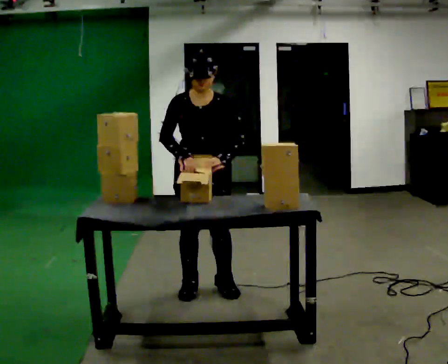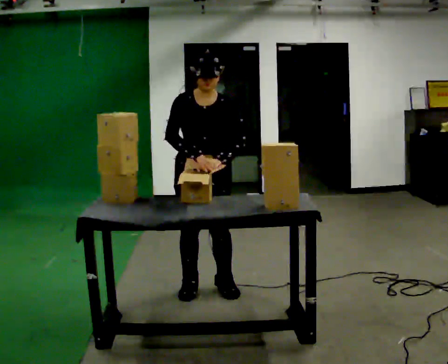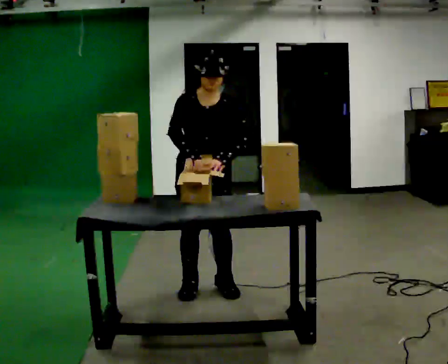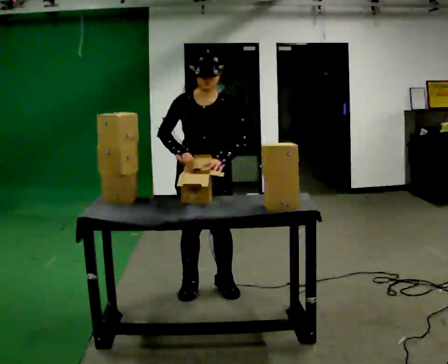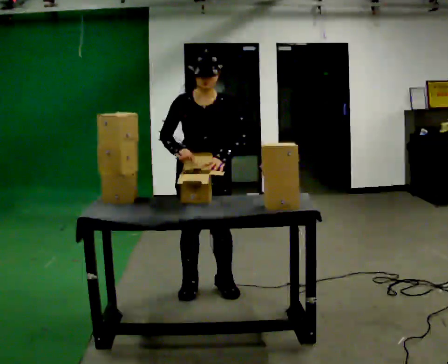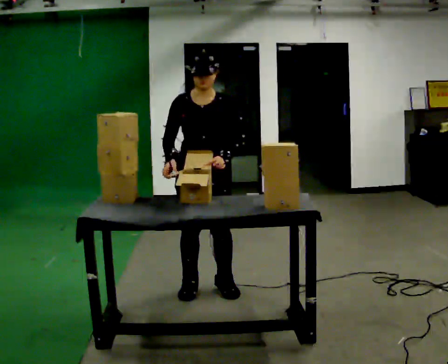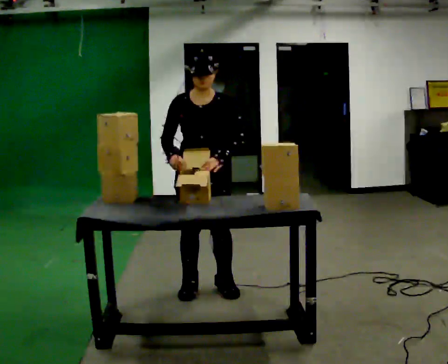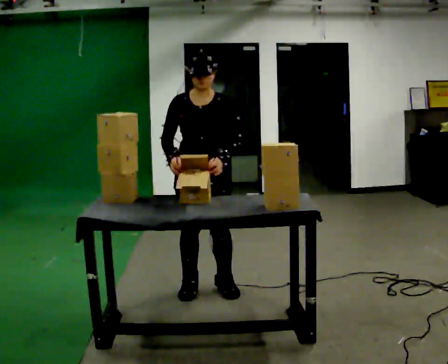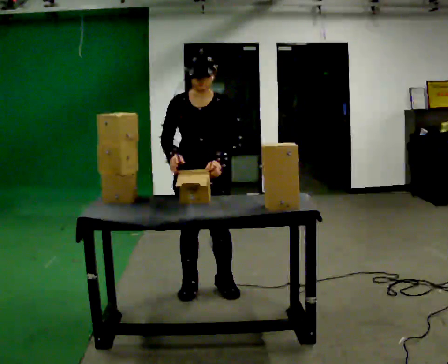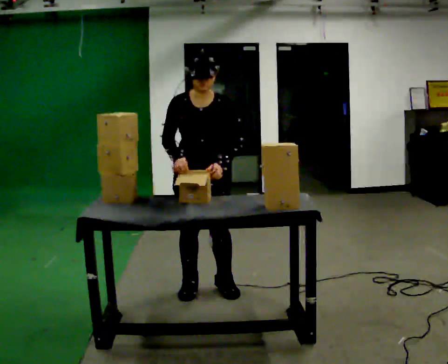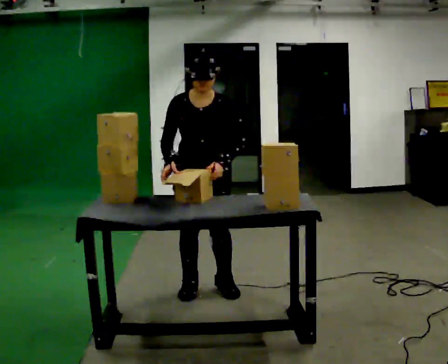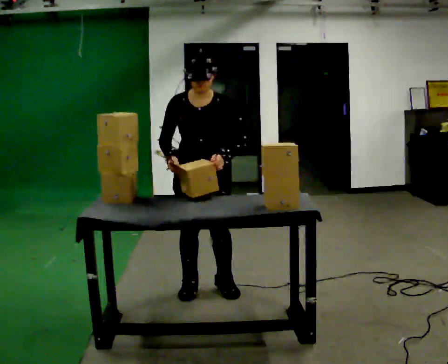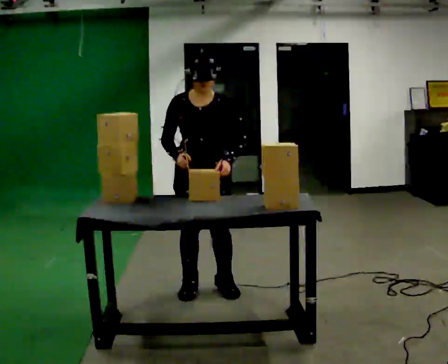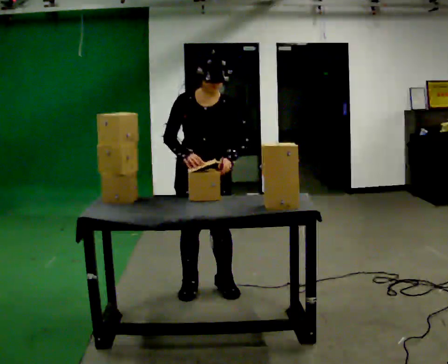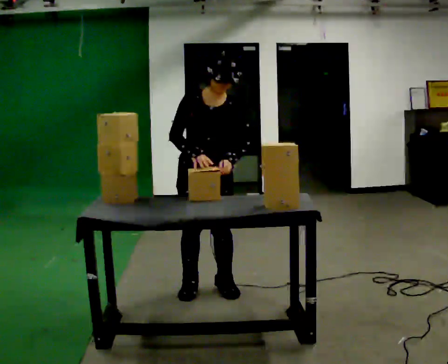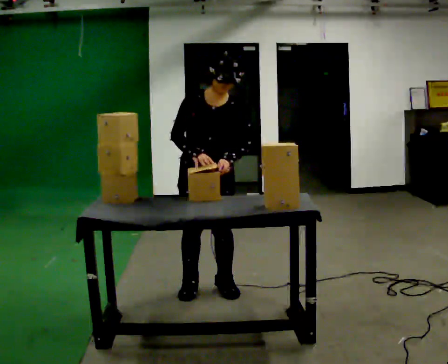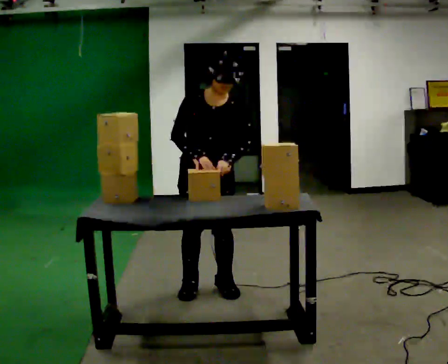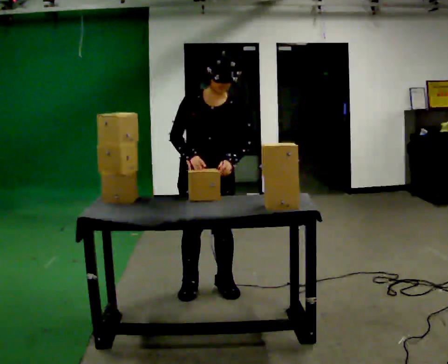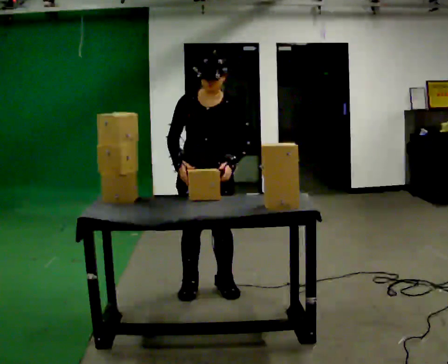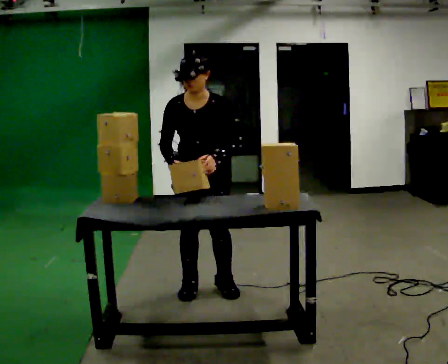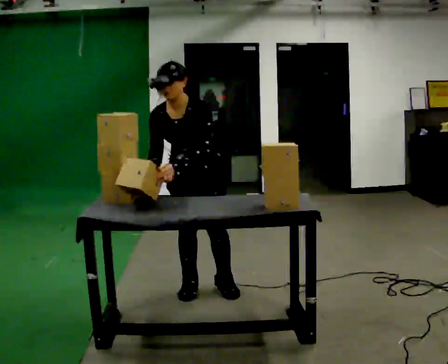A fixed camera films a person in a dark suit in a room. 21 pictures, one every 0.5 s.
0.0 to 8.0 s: The person moves a little, or ends about where they began.
8.0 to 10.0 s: In the picture the upper body tilts counterclockwise, shoulders to the left, as they bend forward.
The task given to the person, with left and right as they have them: Take the stacked item apart piece by piece on the table, then put it back together. Repeat at your own pace until the operator says stop. Keep both feet on the marked spots for the whole take. If you have to step, stop and tell the operator.
The film runs forward here.
